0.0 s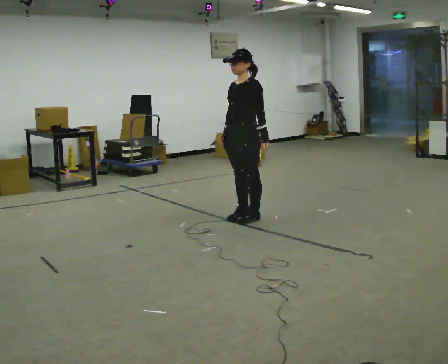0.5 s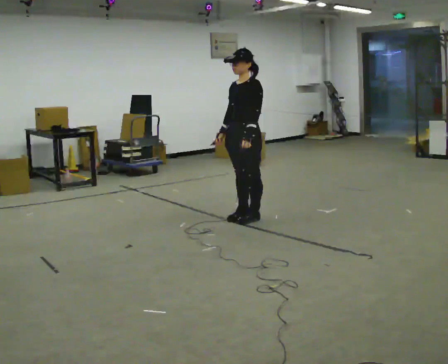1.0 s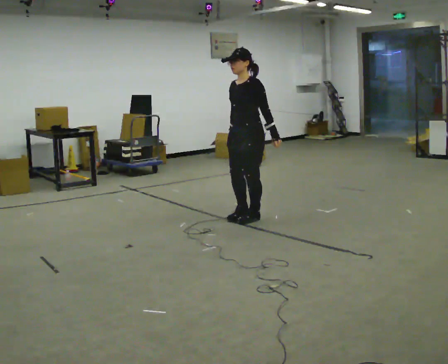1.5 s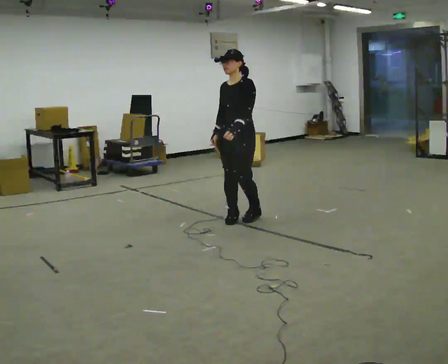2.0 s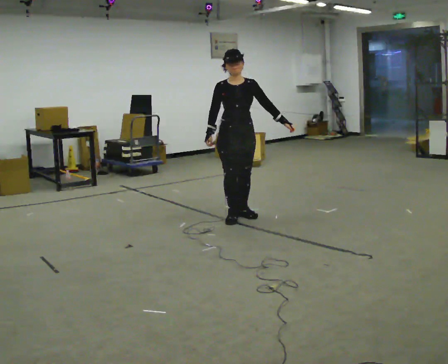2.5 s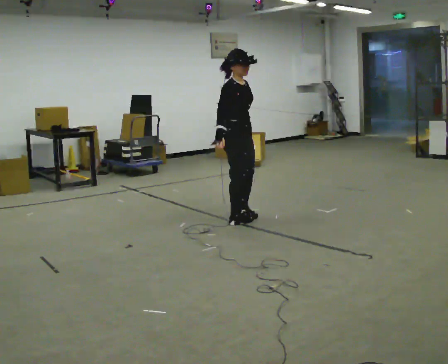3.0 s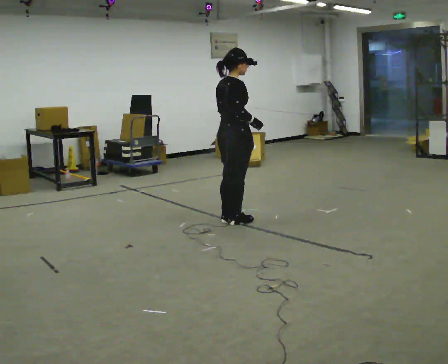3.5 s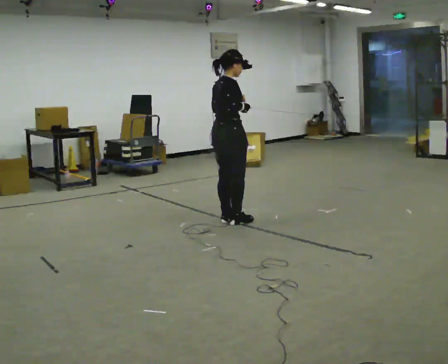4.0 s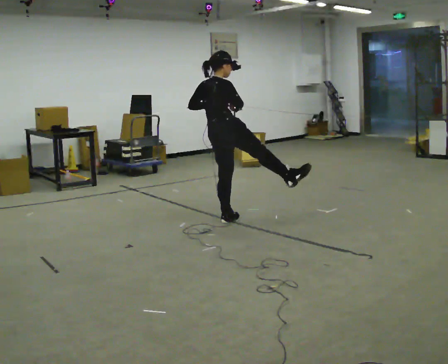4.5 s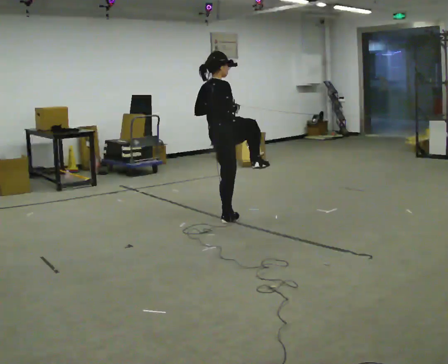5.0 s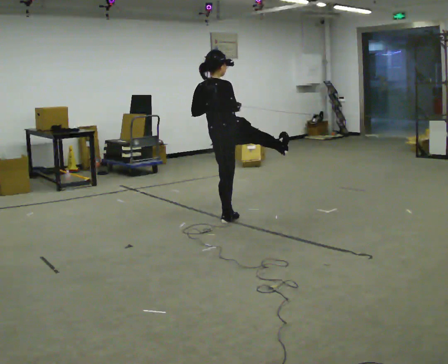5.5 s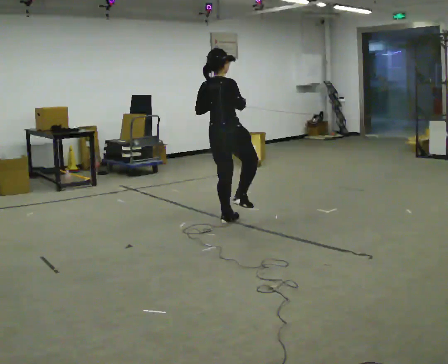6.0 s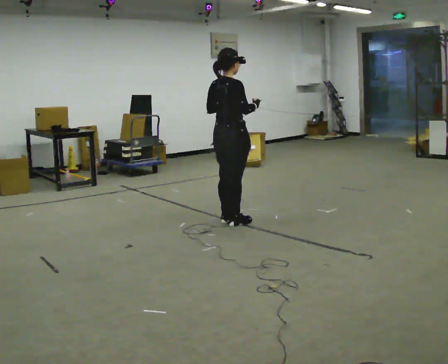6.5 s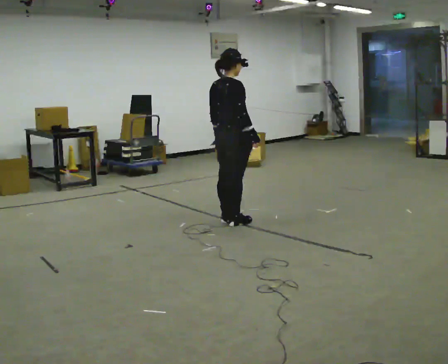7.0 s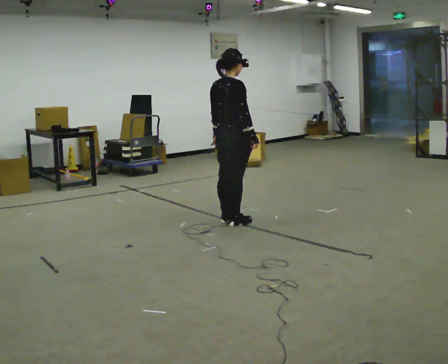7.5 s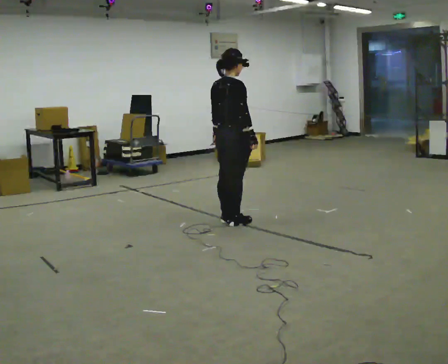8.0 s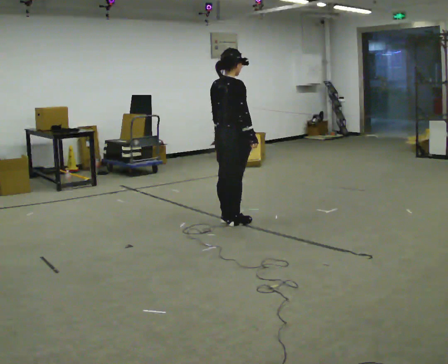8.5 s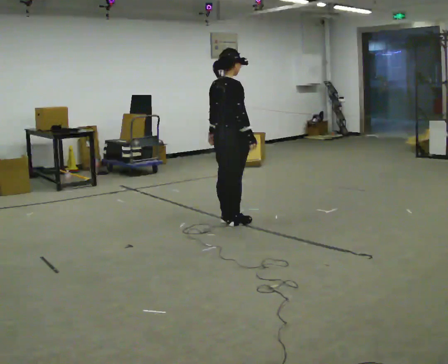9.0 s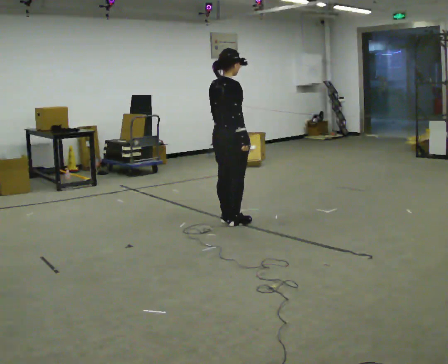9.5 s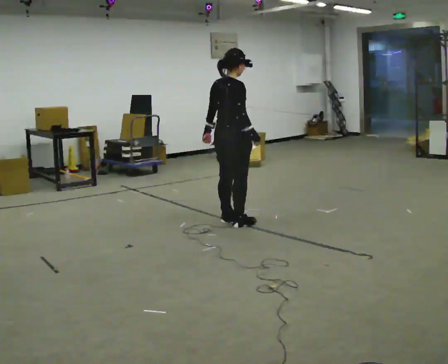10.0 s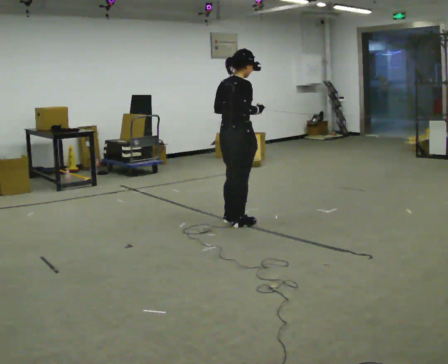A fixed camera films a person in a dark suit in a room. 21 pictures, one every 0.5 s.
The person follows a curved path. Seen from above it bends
counterclockwise.
0.0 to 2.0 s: Seen from above the body turns counterclockwise, about 60 degrees: to their left, with its near side sliding to the right.
2.0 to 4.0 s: Seen from above the body turns counterclockwise, about 120 degrees: to their left, with its near side sliding to the right. In the picture they go to the left, about 0.25 m in 2 steps.
4.0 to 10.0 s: In the picture they go toward the camera, about 0.25 m, which for them is to their right.
The film runs backward here.
